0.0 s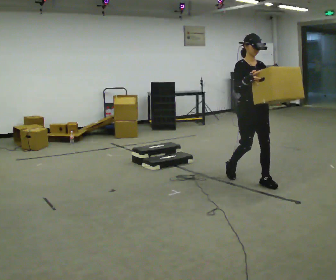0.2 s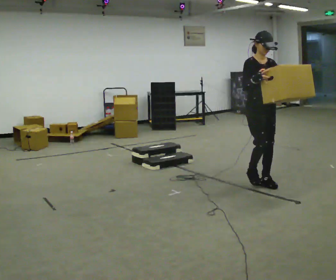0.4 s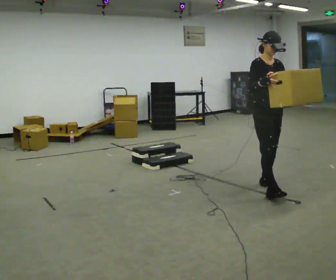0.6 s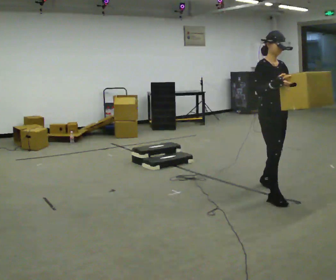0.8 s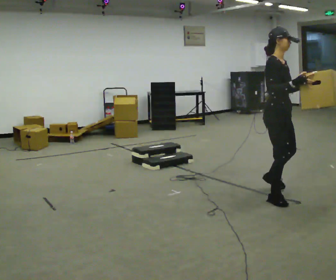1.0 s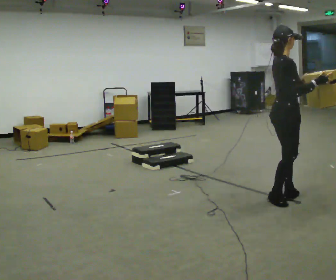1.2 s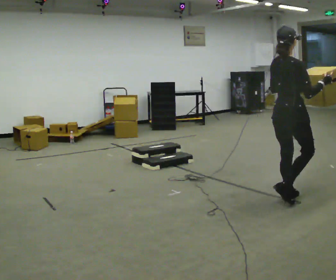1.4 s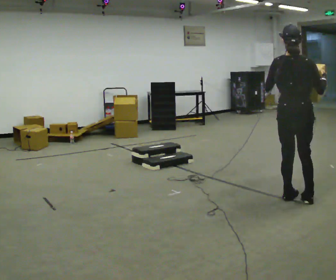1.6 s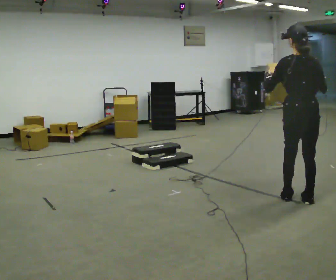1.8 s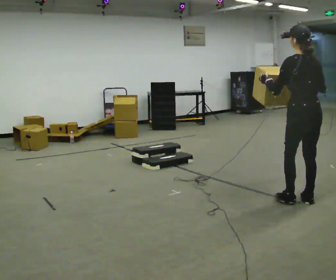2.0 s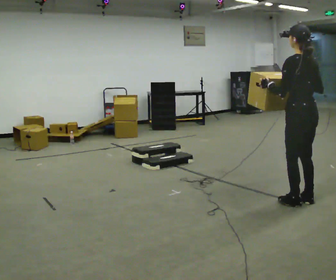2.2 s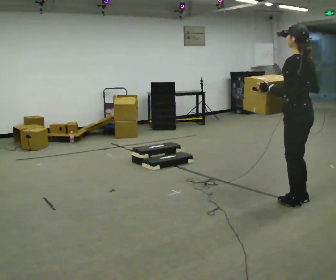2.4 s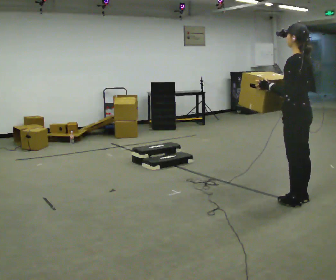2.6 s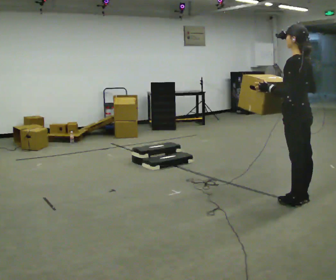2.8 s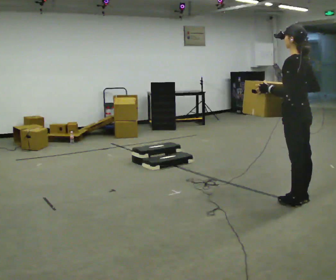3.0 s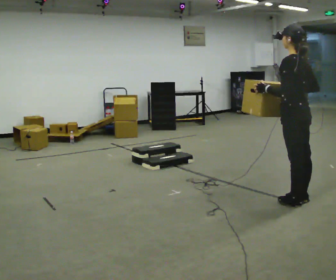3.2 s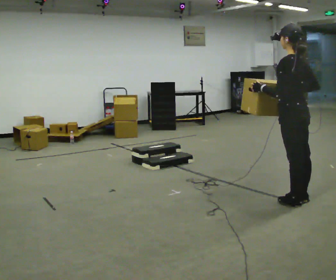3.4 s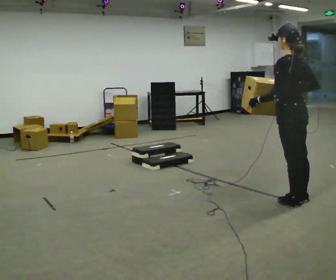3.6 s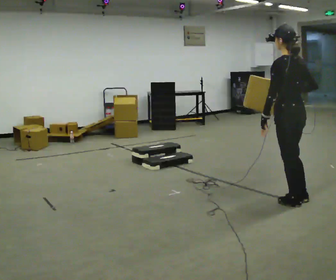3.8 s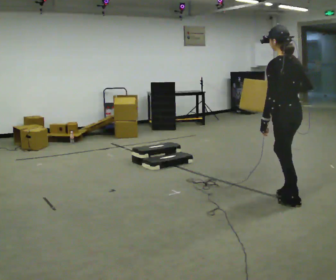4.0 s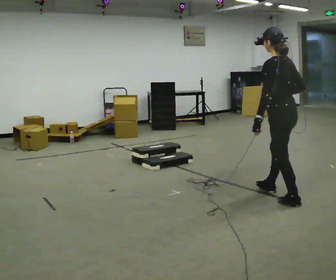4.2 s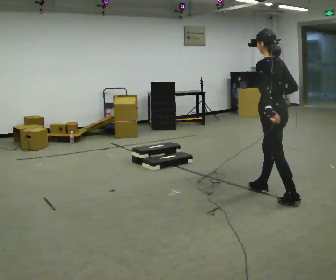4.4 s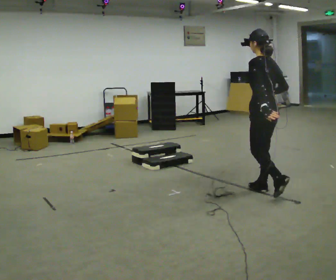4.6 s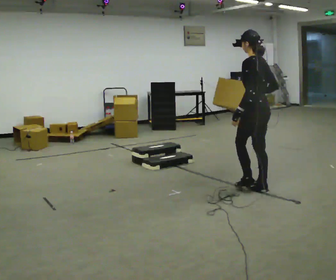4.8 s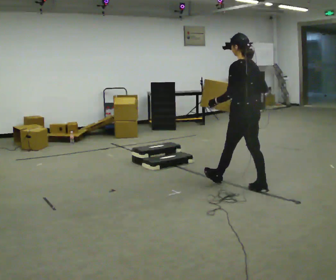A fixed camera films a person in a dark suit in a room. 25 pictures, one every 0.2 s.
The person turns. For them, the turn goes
to their left.
The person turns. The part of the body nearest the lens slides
to the right.
0.0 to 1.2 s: The part of the body nearest the lens slides to the right as the person turns to their left by about 105 degrees. In the picture they go toward the camera and to the right, about 0.75 m in 2 steps.
1.2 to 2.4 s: Seen from above the body turns counterclockwise, about 105 degrees: to their left, with its near side sliding to the right.
2.4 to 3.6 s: The person moves a little, or ends about where they began.
3.6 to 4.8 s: In the picture they go to the left and away from the camera, about 0.75 m in 1 step, which for them is forward.
The film runs forward here.
